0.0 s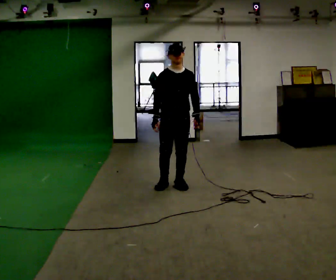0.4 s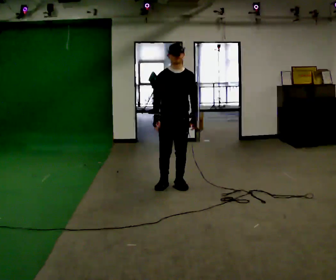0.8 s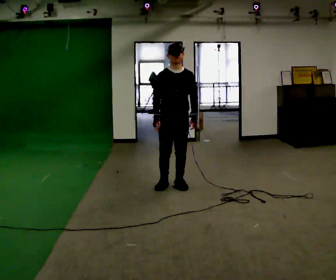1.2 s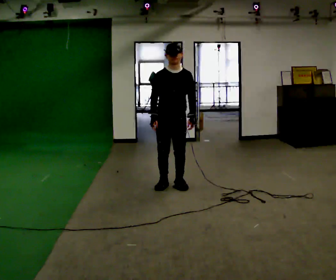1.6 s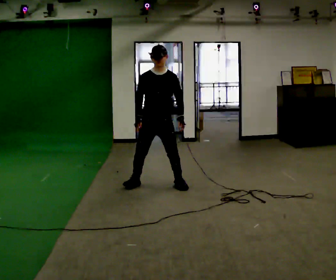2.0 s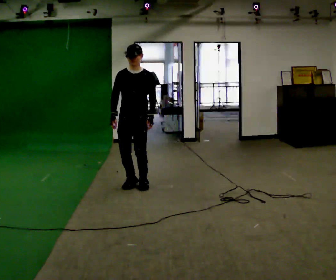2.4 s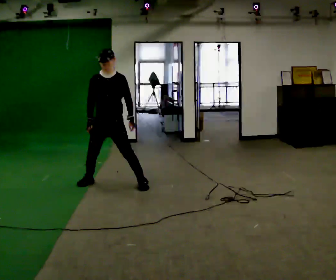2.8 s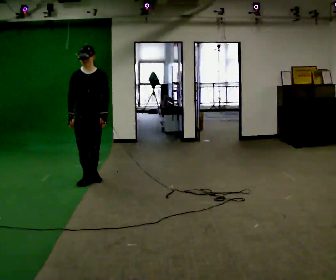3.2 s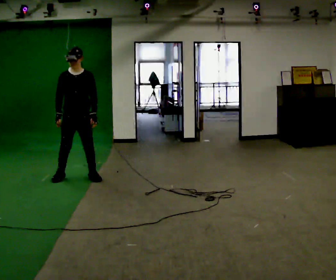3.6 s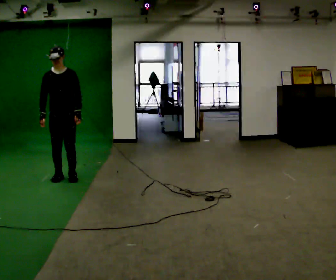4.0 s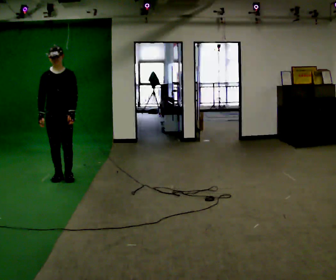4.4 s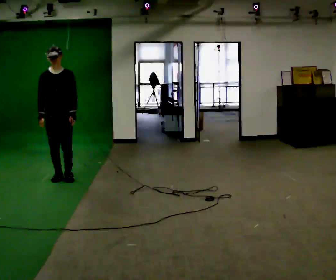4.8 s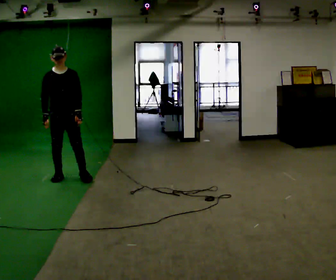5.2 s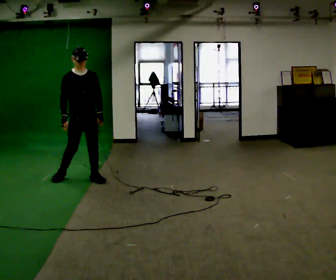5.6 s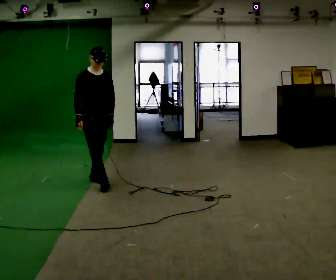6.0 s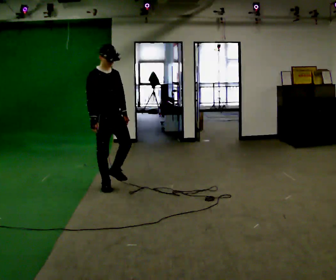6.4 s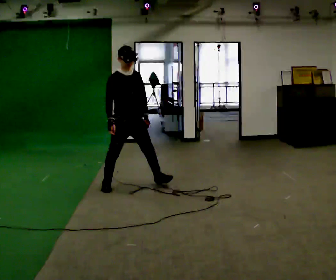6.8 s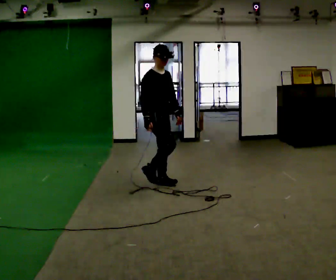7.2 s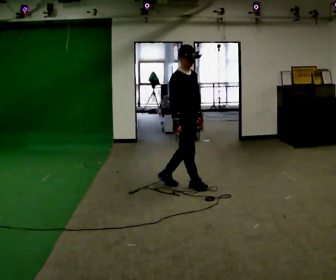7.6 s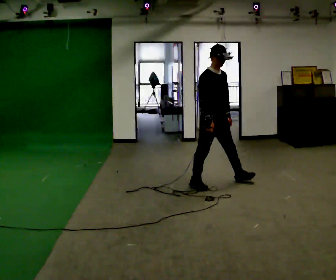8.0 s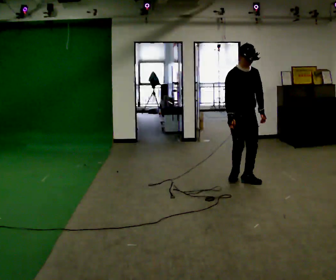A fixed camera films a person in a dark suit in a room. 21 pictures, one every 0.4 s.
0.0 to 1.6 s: In the picture they go to the left, about 0.25 m in 1 step, which for them is to their right.
1.6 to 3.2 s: In the picture they go to the left and away from the camera, about 1 m in 3 steps, which for them is to their right.
3.2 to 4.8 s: In the picture they go to the left, about 0.25 m in 2 steps, which for them is to their right.
4.8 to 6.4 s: In the picture they go to the right and toward the camera, about 1 m in 2 steps, which for them is forward and to their left.
6.4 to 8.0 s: In the picture they go to the right, about 1.5 m in 3 steps, which for them is forward and to their left.
The film runs forward here.
